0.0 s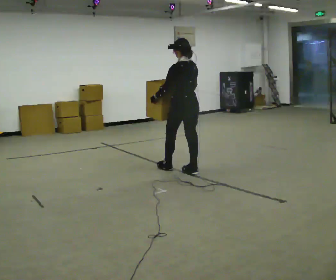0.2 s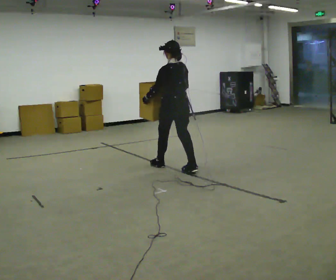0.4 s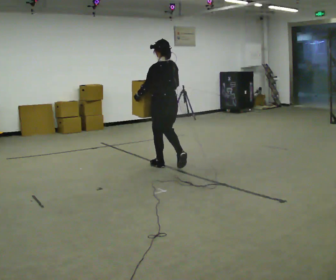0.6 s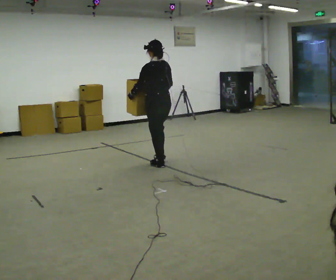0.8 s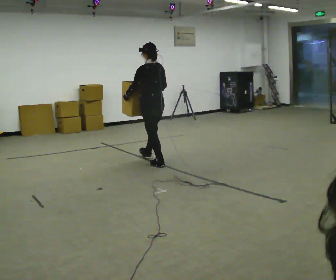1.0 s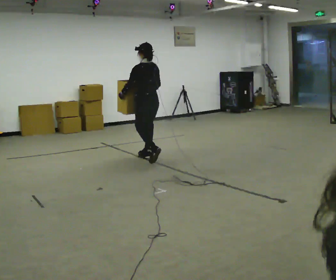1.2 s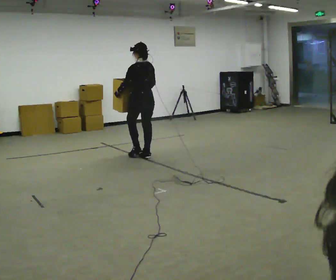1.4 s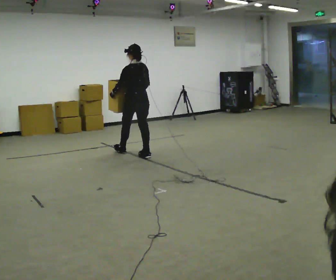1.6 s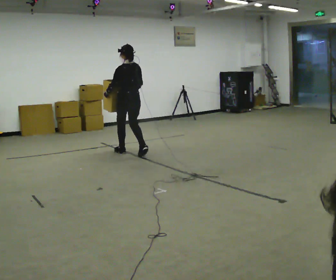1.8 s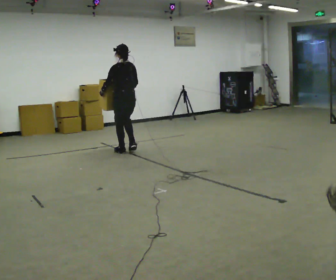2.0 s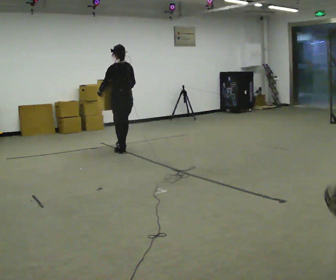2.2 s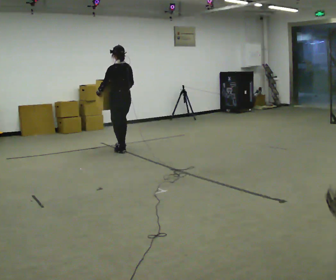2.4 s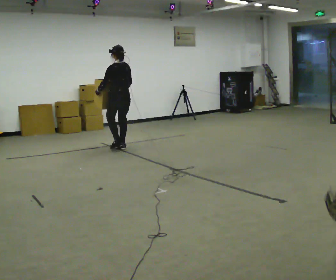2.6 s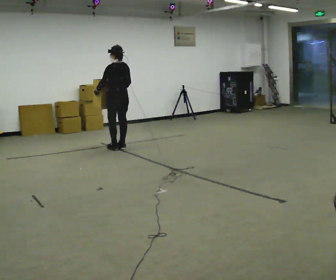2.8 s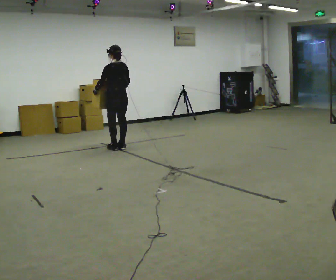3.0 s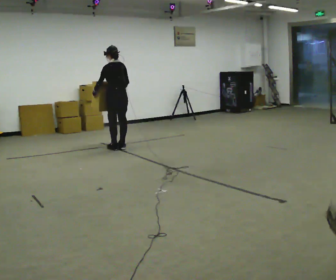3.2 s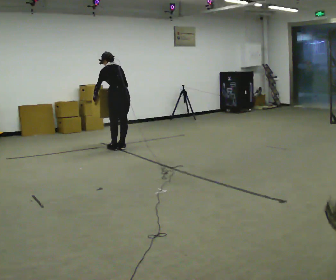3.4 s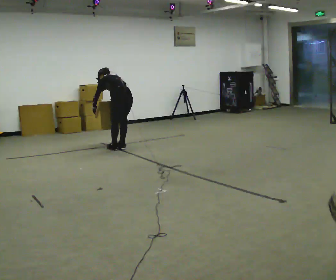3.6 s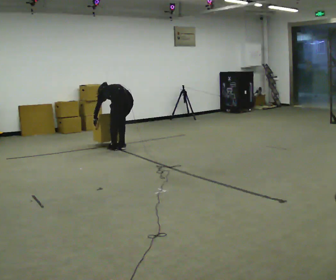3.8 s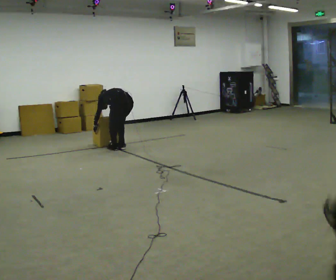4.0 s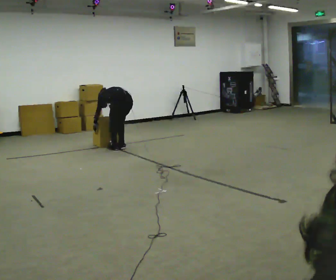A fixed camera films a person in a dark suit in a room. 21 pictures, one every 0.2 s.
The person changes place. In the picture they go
away from the camera.
The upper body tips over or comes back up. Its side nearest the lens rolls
upward.
0.0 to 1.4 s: In the picture they go away from the camera and to the left, about 1 m in 3 steps, which for them is forward.
1.4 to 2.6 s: In the picture they go away from the camera and to the left, about 0.5 m in 2 steps, which for them is forward.
2.6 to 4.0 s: The shoulders move downward. The upper body tips away from the camera, its near side rolling upward, as they bend forward. In the picture their left hand goes downward.
The film runs forward here.
